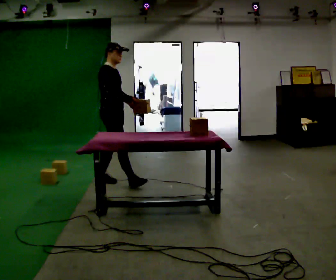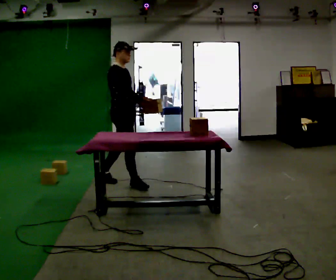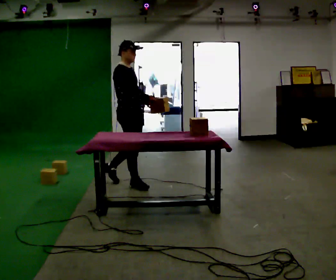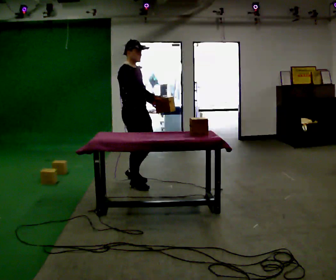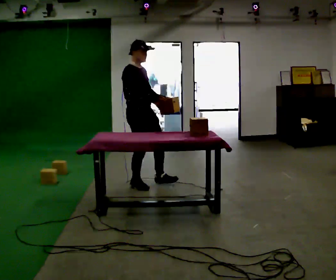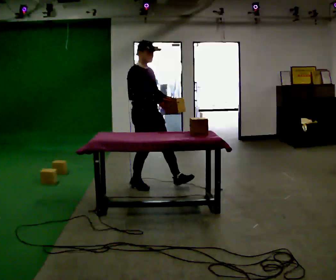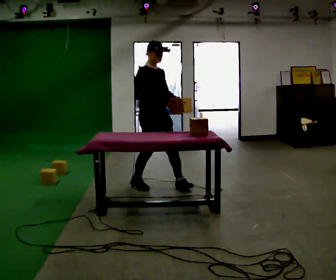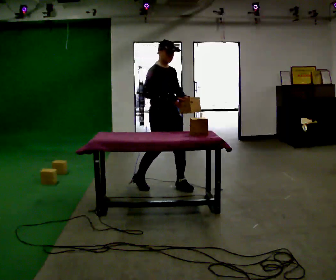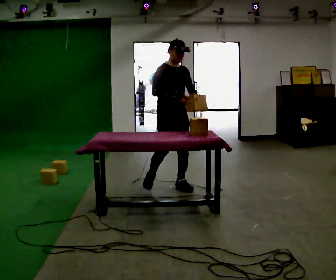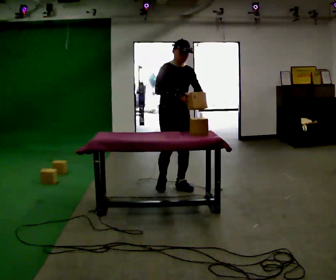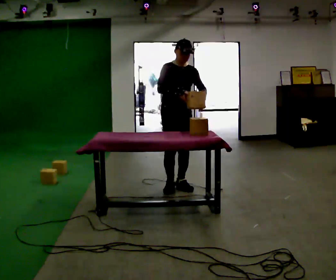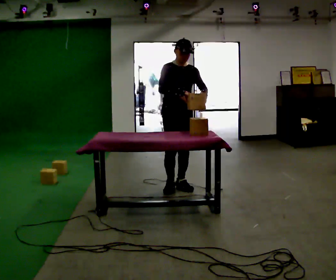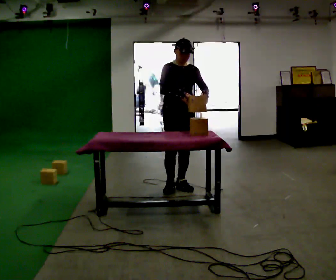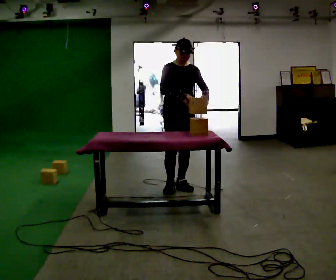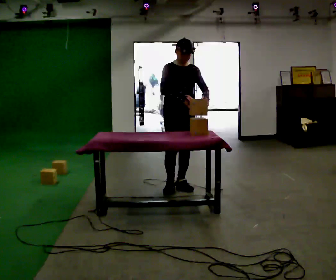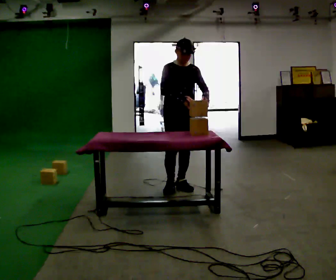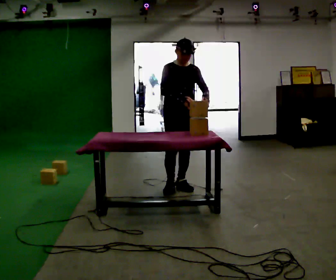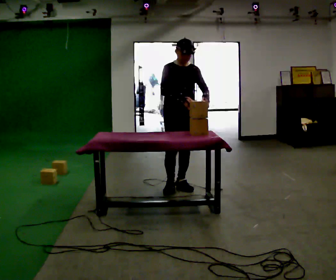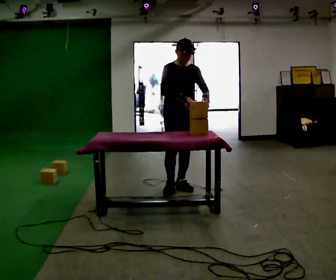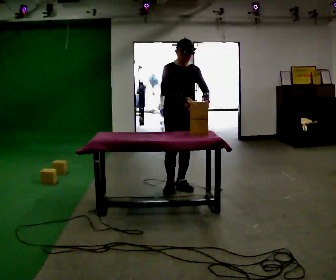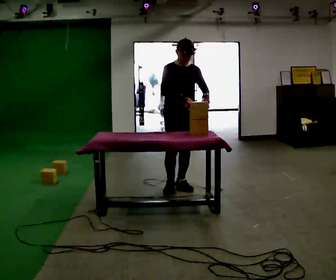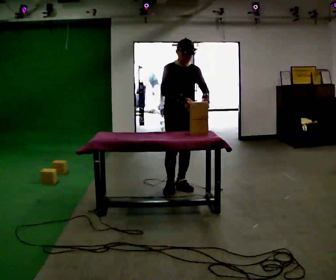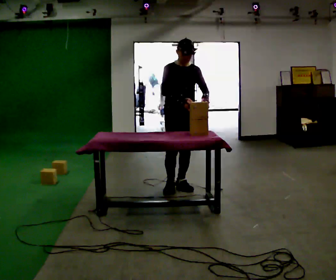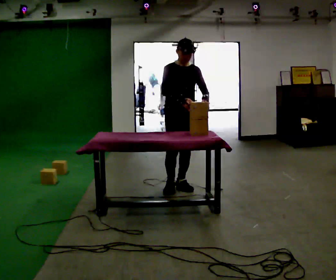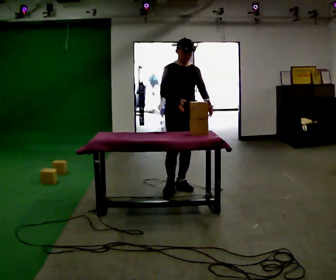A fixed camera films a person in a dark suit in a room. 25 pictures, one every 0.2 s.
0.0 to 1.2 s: Seen from above the body turns clockwise, about 30 degrees: to their right, with its near side sliding to the left. In the picture they go to the right, about 0.5 m in 1 step, which for them is forward.
1.2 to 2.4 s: Seen from above the body turns clockwise, about 30 degrees: to their right, with its near side sliding to the left. In the picture they go to the right, about 0.25 m in 1 step, which for them is to their left.
2.4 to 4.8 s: The person moves a little, or ends about where they began.
The film runs forward here.
